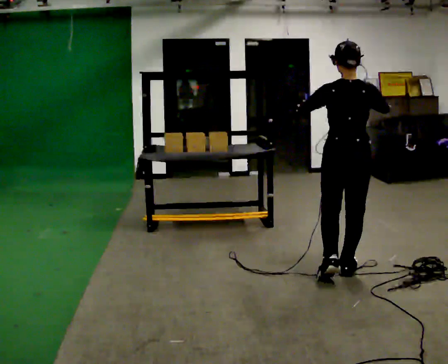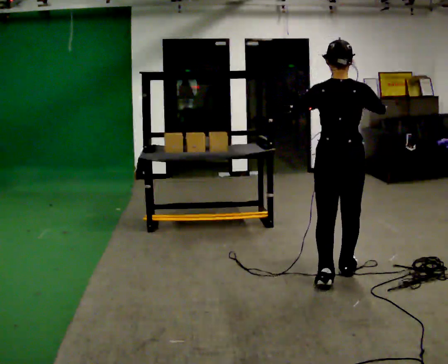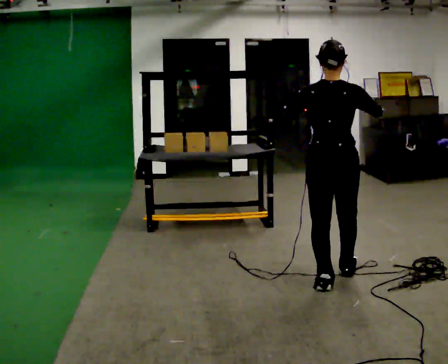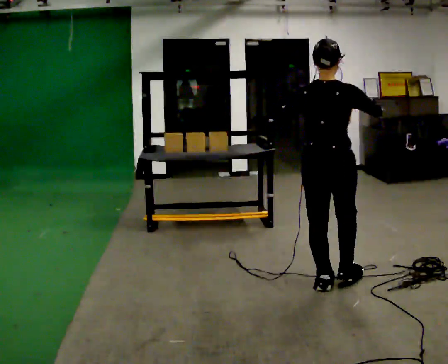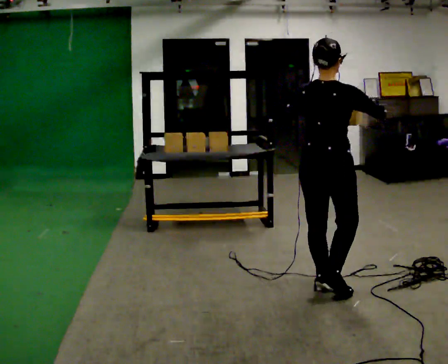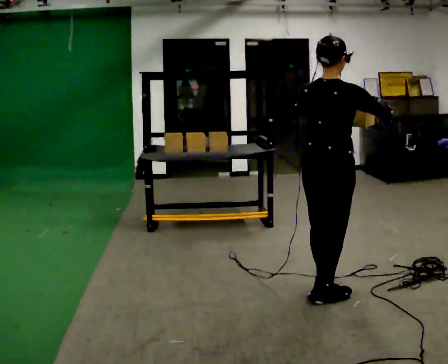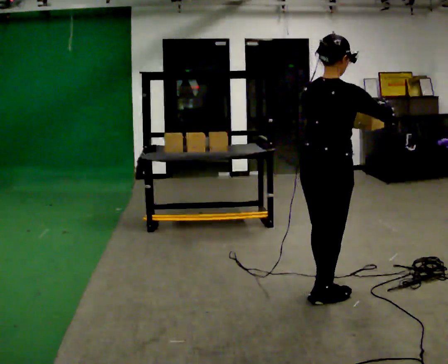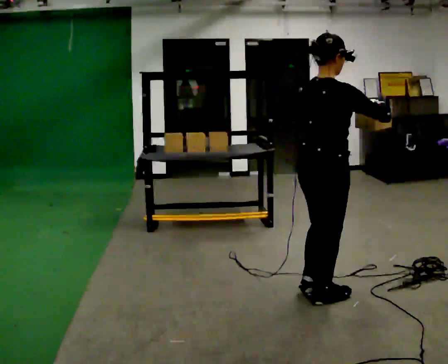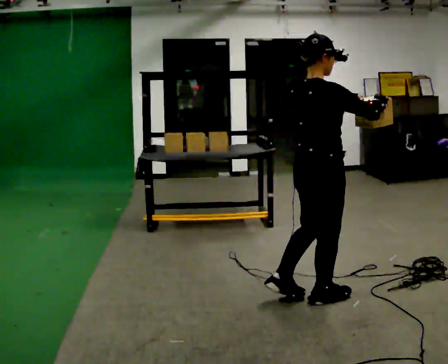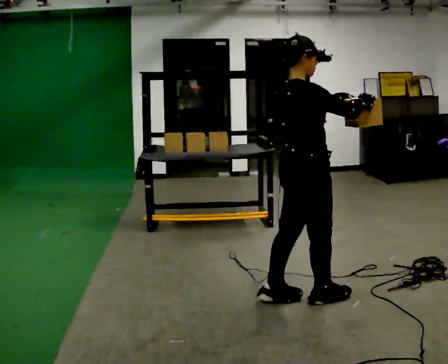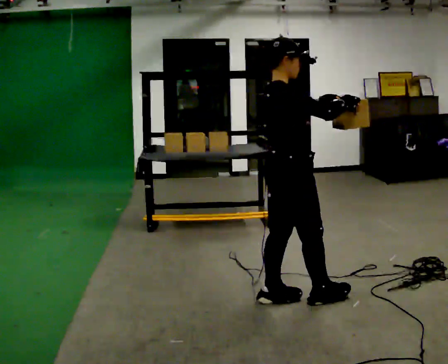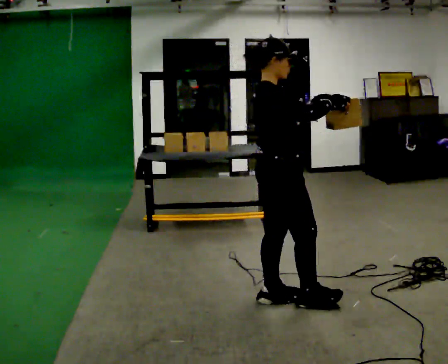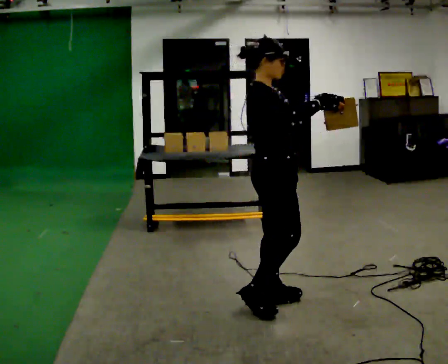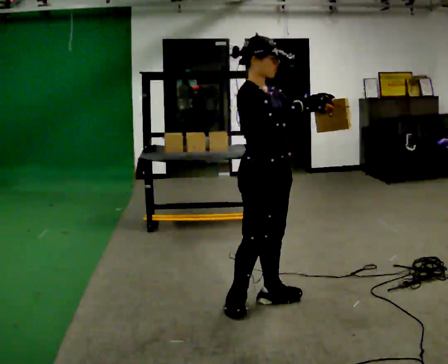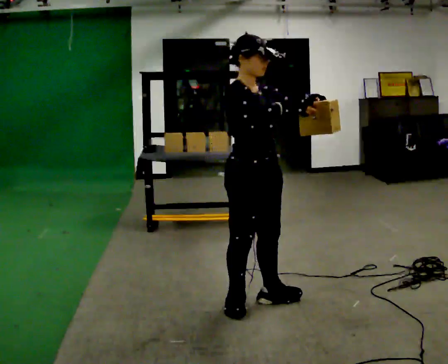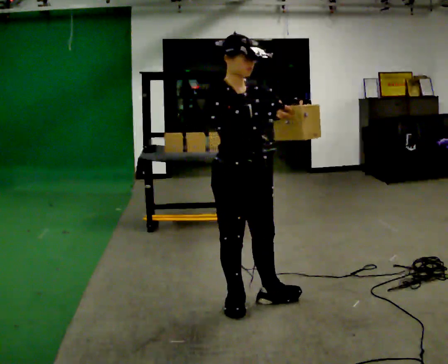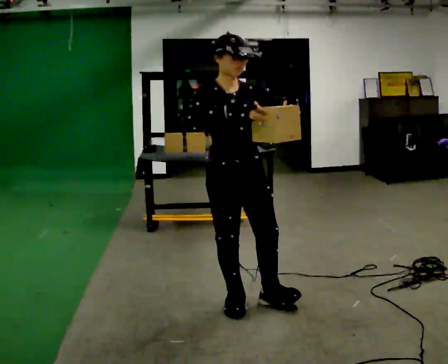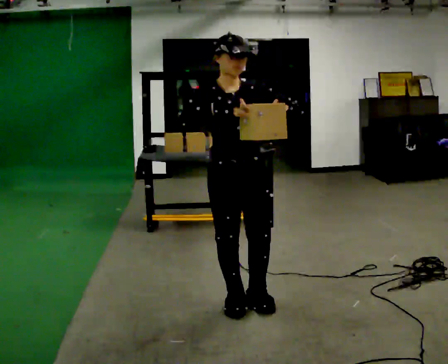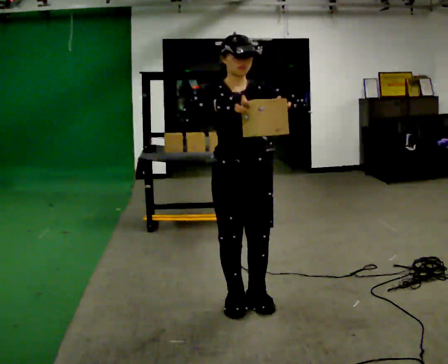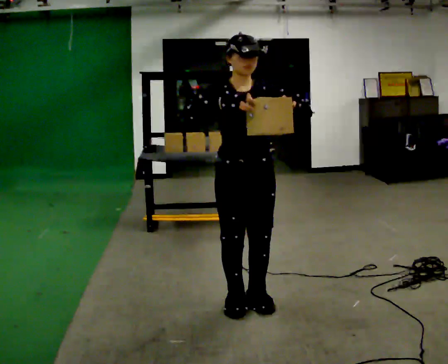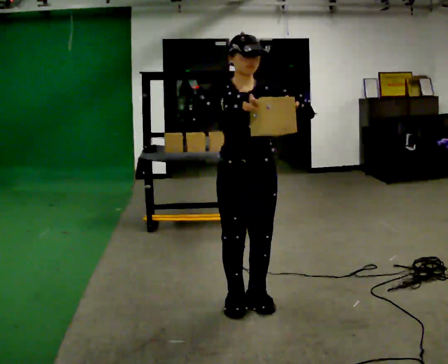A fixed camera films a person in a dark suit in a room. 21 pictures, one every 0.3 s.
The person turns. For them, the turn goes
to their right.
The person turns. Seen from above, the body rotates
clockwise.
0.0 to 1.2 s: The part of the body nearest the lens slides to the left as the person turns to their right by about 30 degrees. In the picture they go toward the camera and to the left, about 0.25 m in 1 step, which for them is backward.
1.2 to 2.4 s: The person turns about 30 degrees to their right, clockwise seen from above, so the part of the body nearest the lens slides to the left. In the picture they go toward the camera, about 0.25 m in 1 step, which for them is backward.
2.4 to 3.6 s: The person turns about 30 degrees to their right, clockwise seen from above, so the part of the body nearest the lens slides to the left. In the picture they go to the left, about 0.25 m in 1 step, which for them is backward.
3.6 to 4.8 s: Seen from above the body turns clockwise, about 60 degrees: to their right, with its near side sliding to the left. In the picture they go to the left, about 0.25 m, which for them is to their right and backward. In the picture their right hand goes to the left.
4.8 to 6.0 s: The person moves a little, or ends about where they began.
The film runs backward here.
